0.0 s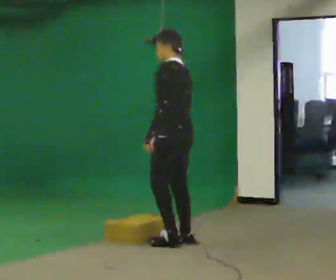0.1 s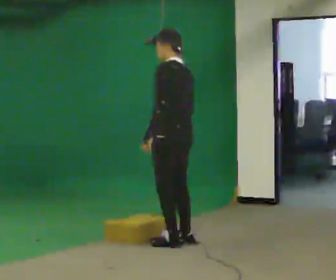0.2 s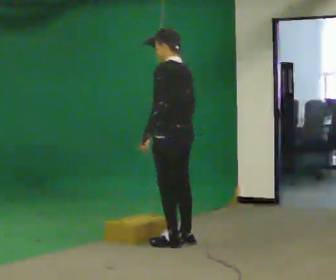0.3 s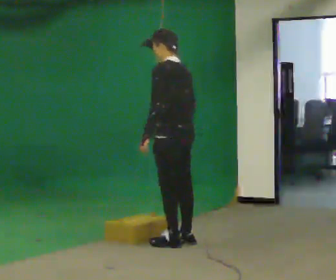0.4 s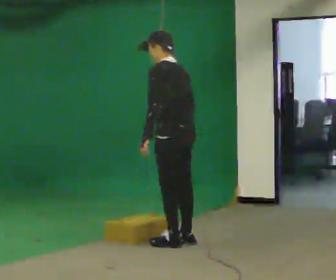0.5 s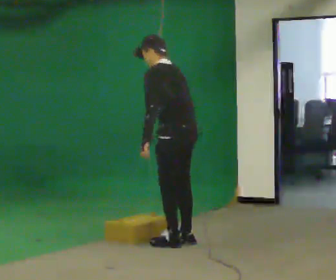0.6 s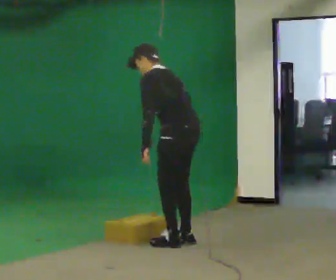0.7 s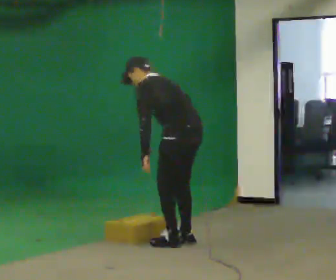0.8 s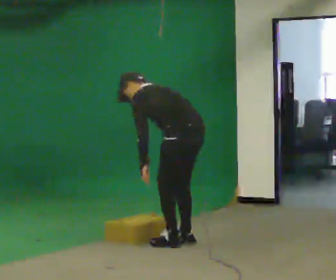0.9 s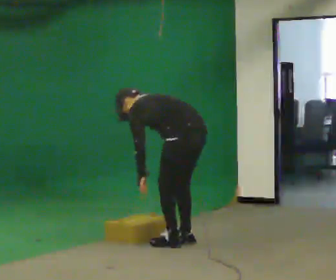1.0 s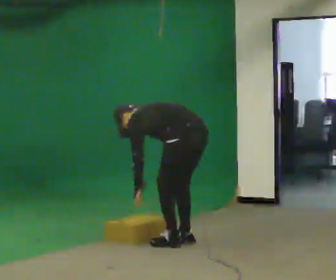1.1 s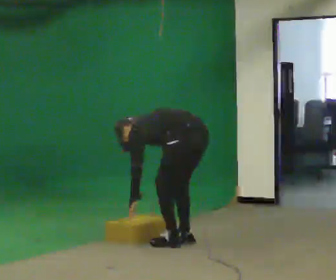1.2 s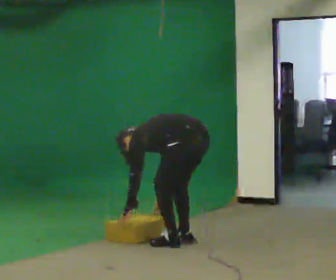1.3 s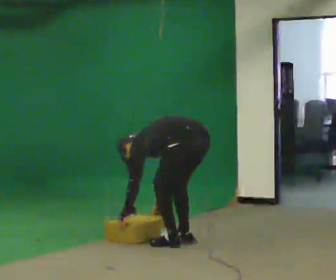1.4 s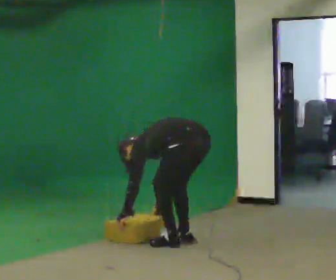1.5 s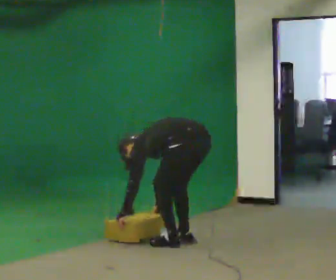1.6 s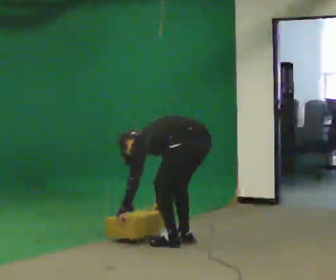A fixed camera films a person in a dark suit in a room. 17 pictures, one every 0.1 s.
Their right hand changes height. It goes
downward.
The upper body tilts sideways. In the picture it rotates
counterclockwise.
0.0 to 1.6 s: The upper body goes downward. In the picture the upper body tilts counterclockwise, shoulders to the left, as they bend forward. In the picture their left hand goes downward.
The film runs backward here.
